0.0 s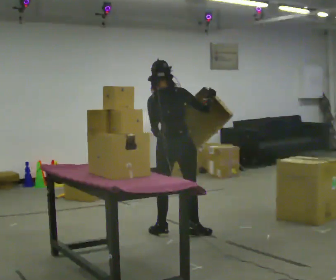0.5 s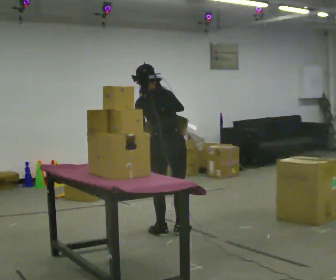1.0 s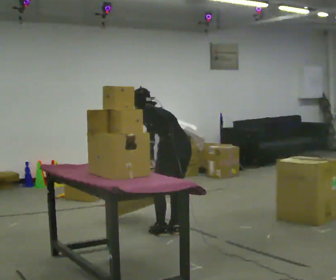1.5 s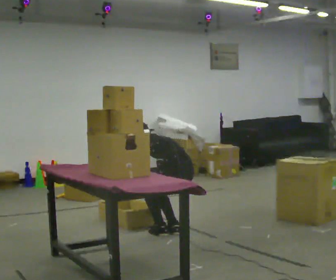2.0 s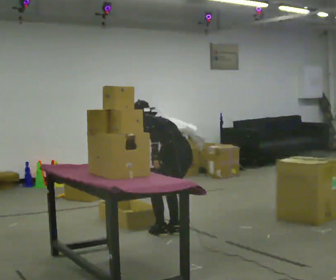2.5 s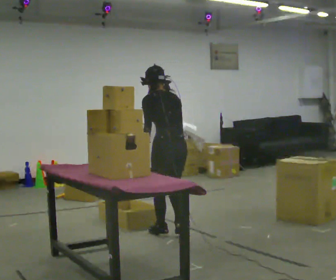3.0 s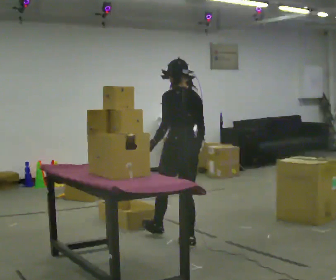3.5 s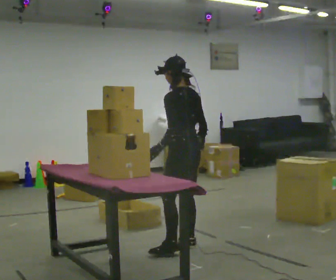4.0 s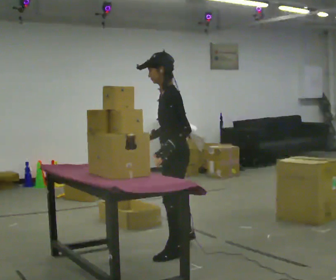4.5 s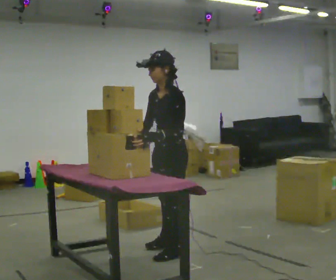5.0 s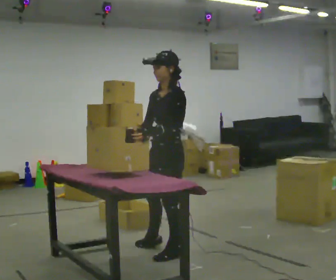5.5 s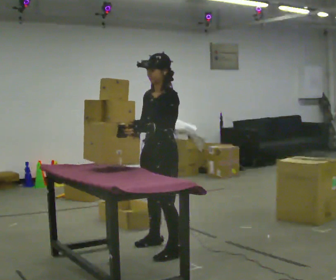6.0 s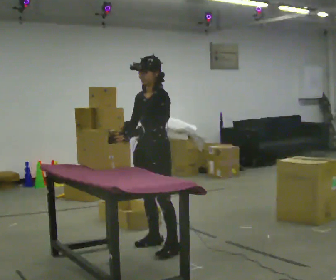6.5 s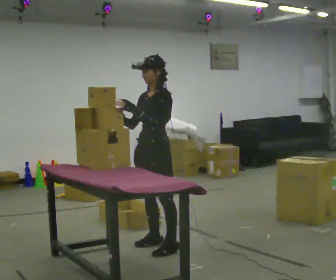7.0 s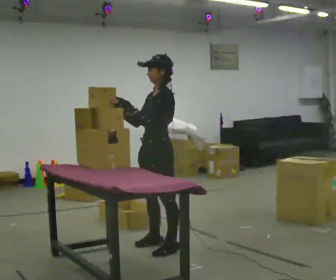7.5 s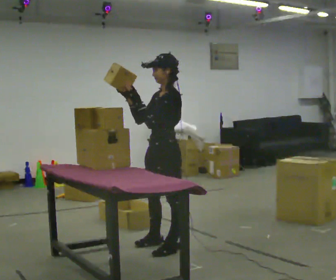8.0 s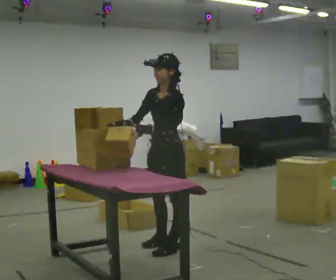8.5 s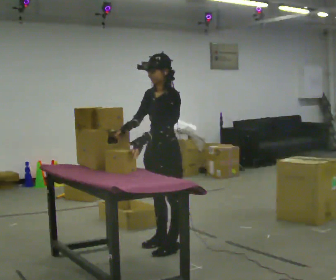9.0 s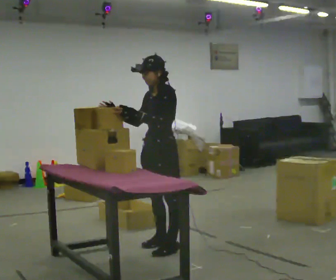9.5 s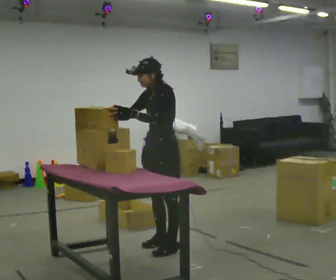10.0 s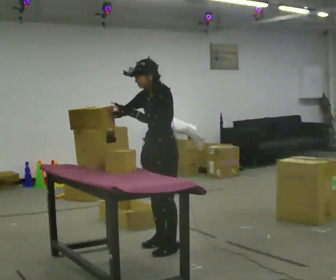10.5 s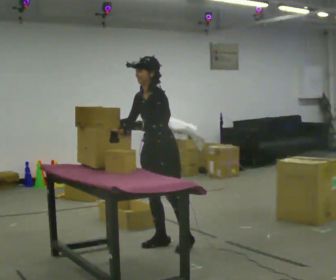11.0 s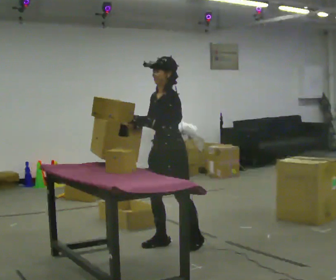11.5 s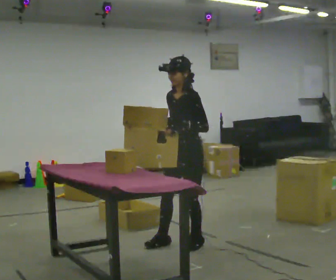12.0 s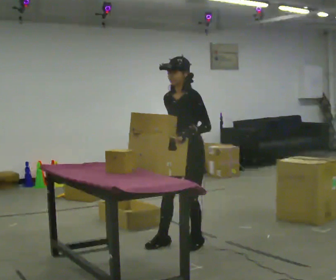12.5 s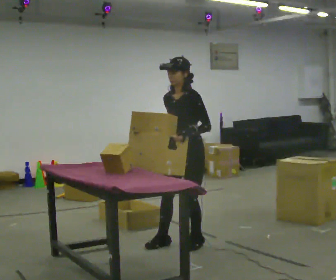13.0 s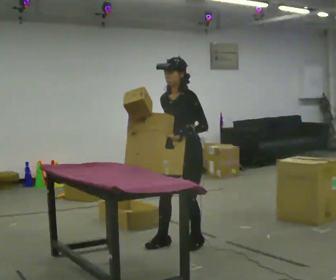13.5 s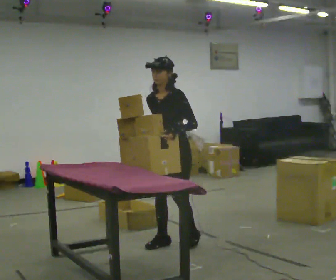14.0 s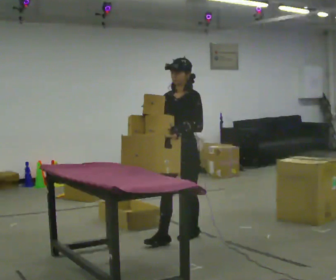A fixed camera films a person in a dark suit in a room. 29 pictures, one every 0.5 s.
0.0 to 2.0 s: The person turns about 60 degrees to their left, counterclockwise seen from above, so the part of the body nearest the lens slides to the right. The upper body tips away from the camera, its near side rolling upward, as they bend forward.
2.0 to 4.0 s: The person turns about 45 degrees to their left, counterclockwise seen from above, so the part of the body nearest the lens slides to the right. In the picture they go toward the camera, about 0.5 m in 2 steps. The shoulders move upward. The upper body tips toward the camera, its near side rolling downward, as they lean back or straighten. In the picture their right hand goes upward.
4.0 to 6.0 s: The part of the body nearest the lens slides to the right as the person turns to their left by about 45 degrees. In the picture they go away from the camera and to the left, about 0.25 m in 1 step, which for them is to their right.
6.0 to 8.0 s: In the picture they go toward the camera, about 0.25 m, which for them is to their left.
8.0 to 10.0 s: In the picture they go away from the camera, about 0.25 m, which for them is to their right.
10.0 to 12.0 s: In the picture they go to the right, about 0.25 m in 1 step, which for them is backward. In the picture their right hand goes to the right.
12.0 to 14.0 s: In the picture they go away from the camera, about 0.25 m in 1 step, which for them is to their right.
The film runs backward here.
